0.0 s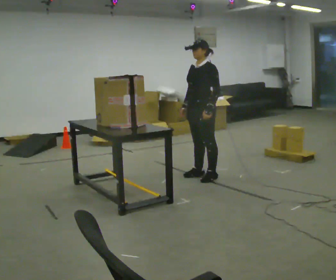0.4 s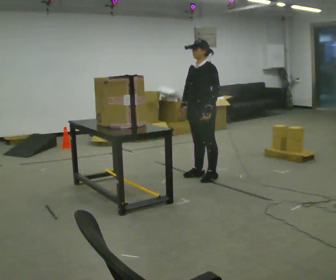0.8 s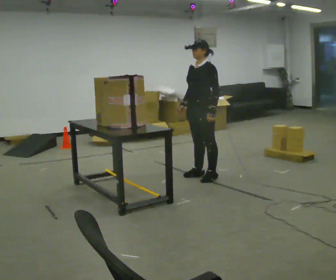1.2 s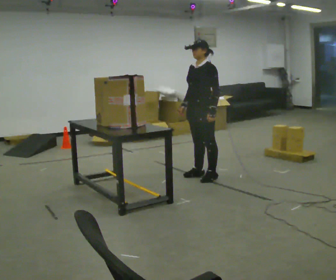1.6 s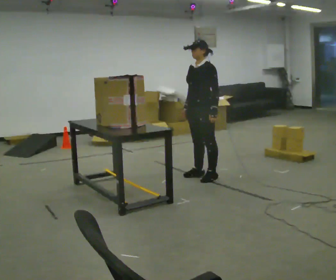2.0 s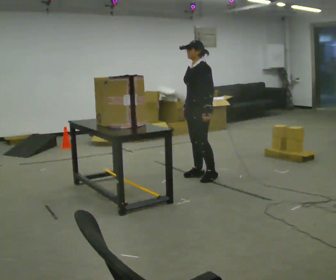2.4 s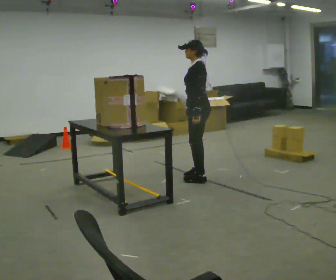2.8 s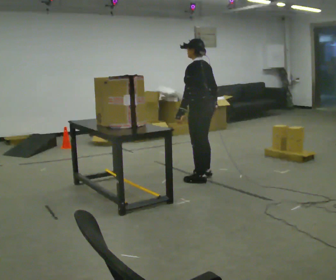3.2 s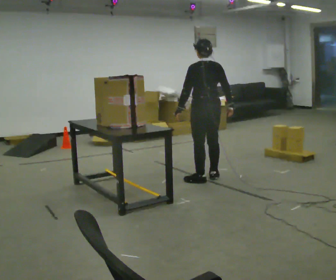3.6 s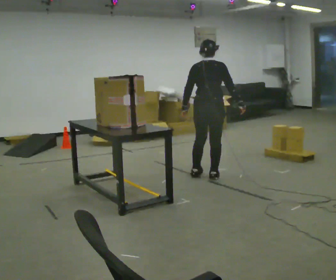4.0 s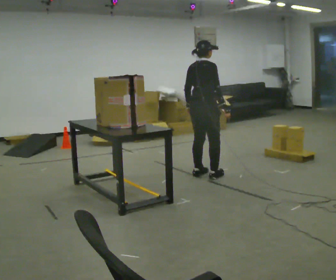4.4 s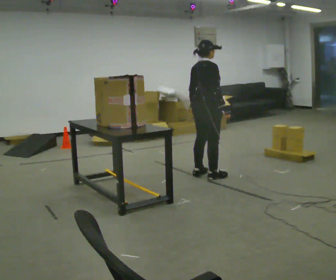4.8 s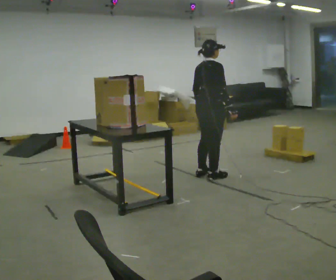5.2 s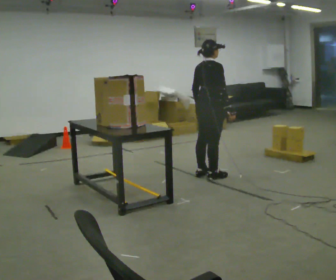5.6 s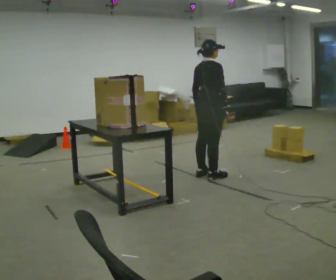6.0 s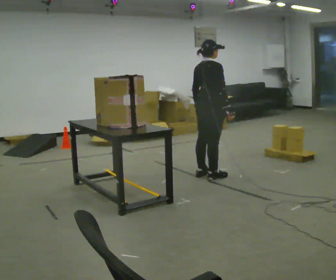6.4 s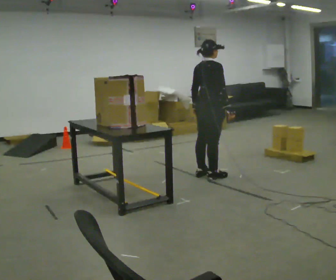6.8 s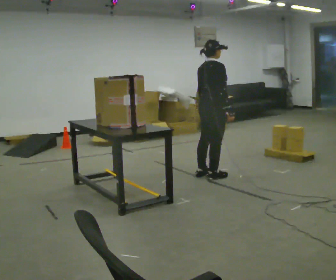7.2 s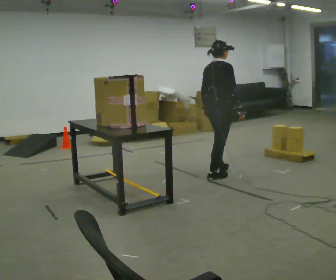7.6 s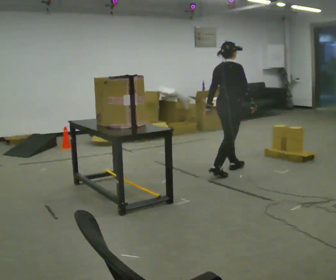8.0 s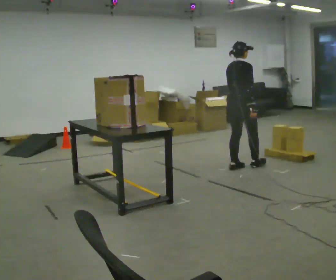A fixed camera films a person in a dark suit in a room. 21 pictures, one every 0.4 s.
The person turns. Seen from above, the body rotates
clockwise.
The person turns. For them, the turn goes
to their right.
0.0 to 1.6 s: The person moves a little, or ends about where they began.
1.6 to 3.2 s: The part of the body nearest the lens slides to the left as the person turns to their right by about 105 degrees. In the picture their right hand goes to the right, the arm swinging counterclockwise.
3.2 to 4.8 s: The person turns about 75 degrees to their right, clockwise seen from above, so the part of the body nearest the lens slides to the left.
4.8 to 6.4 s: The person moves a little, or ends about where they began.
6.4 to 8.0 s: In the picture they go to the right and away from the camera, about 0.5 m in 1 step, which for them is forward.
The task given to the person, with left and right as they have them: Take an object from the lowest shelf, carry it across the room, and place it on the highest shelf you can comfortably reach. Keep going until the operator says stop; one object at a time, and do not rush between trips.
The film runs forward here.
